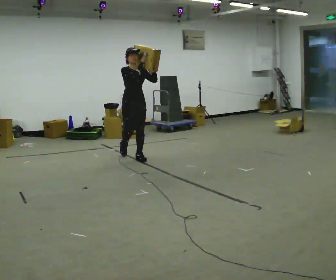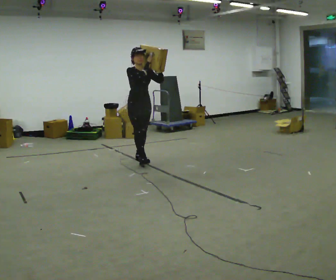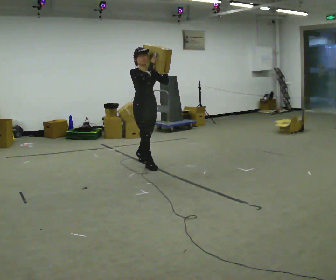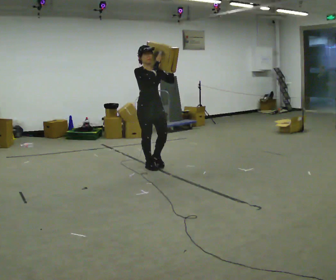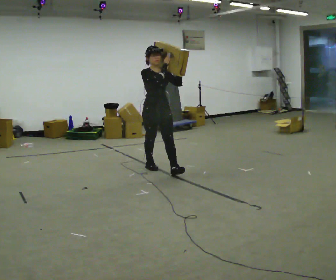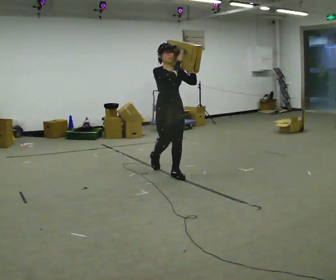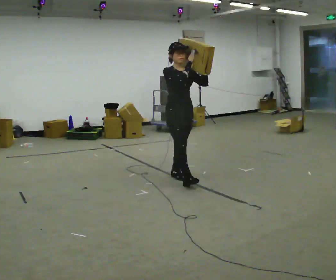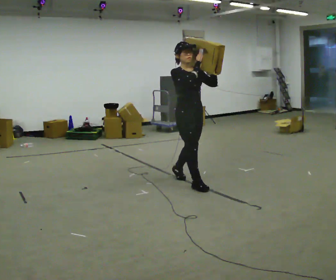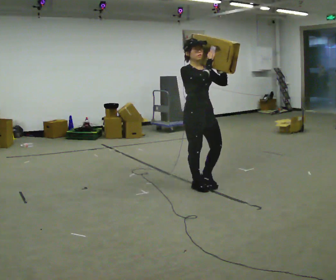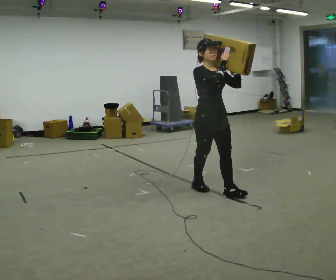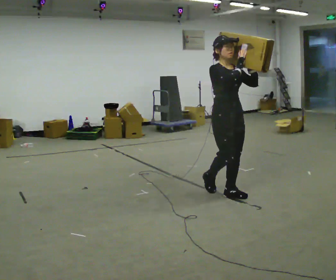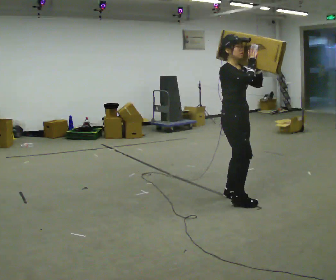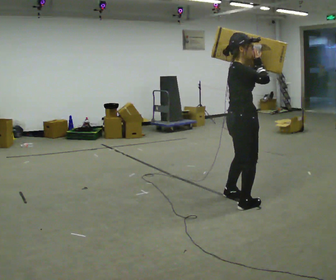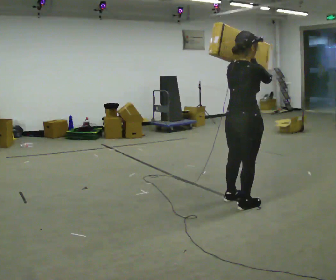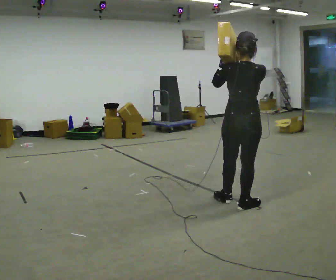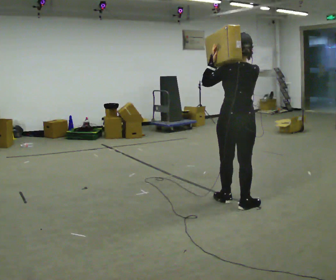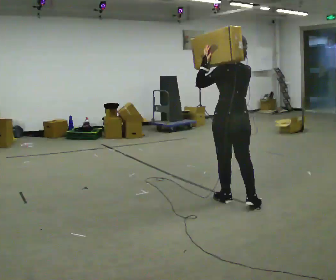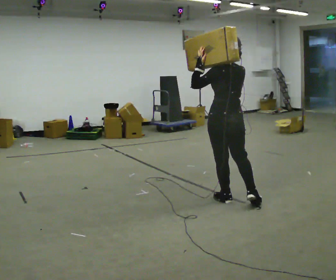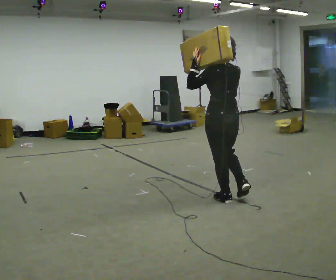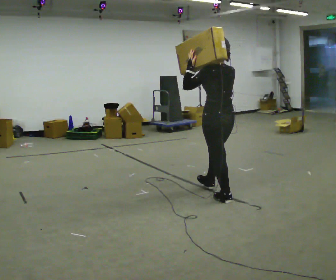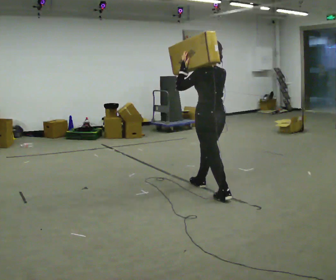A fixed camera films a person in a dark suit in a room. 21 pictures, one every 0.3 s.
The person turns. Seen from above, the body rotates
counterclockwise.
The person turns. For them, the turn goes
to their left.
0.0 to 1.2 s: In the picture they go toward the camera and to the right, about 1 m in 1 step, which for them is forward.
1.2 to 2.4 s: In the picture they go toward the camera and to the right, about 1 m in 2 steps, which for them is forward.
2.4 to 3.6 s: The part of the body nearest the lens slides to the right as the person turns to their left by about 60 degrees. In the picture they go toward the camera and to the right, about 0.75 m in 2 steps.
3.6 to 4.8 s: The part of the body nearest the lens slides to the right as the person turns to their left by about 105 degrees. In the picture their left hand goes to the left.
4.8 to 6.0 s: In the picture they go away from the camera and to the left, about 0.5 m in 1 step, which for them is forward.
The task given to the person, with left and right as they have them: Rest the long object on the shoulder the operator calls and carry it across the room, back and forth.
The film runs forward here.
